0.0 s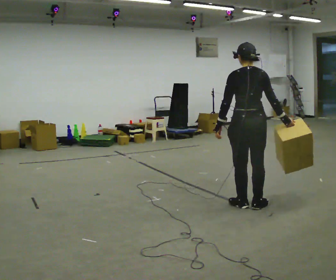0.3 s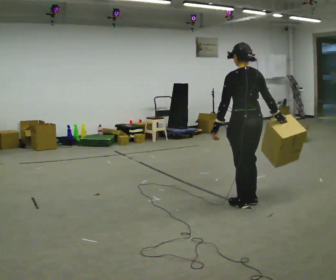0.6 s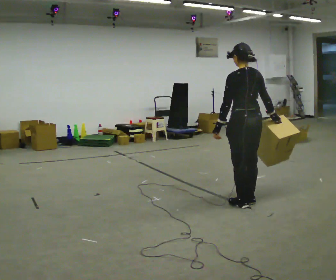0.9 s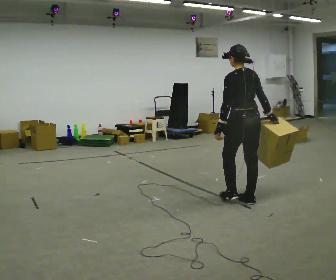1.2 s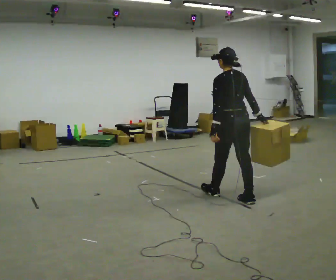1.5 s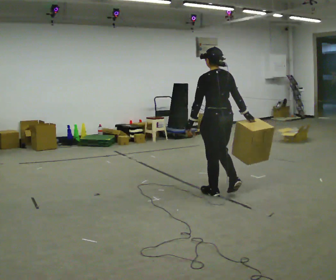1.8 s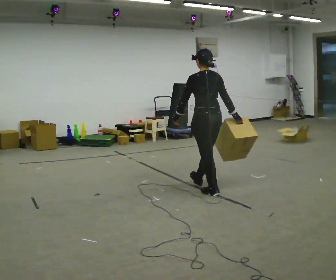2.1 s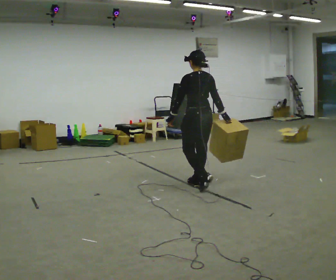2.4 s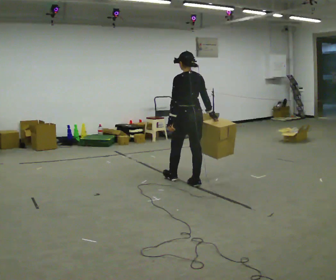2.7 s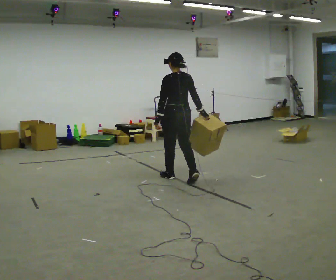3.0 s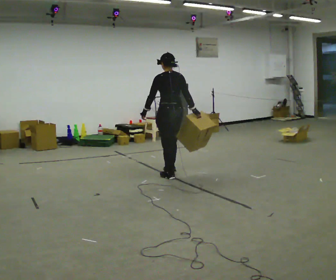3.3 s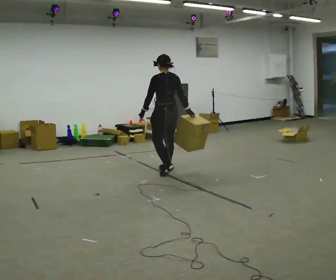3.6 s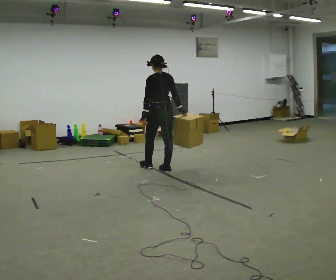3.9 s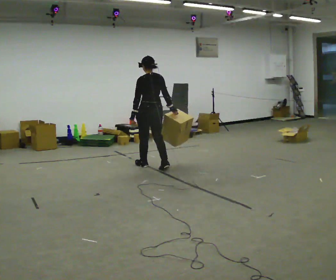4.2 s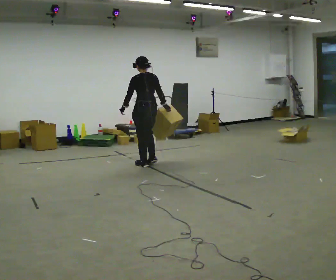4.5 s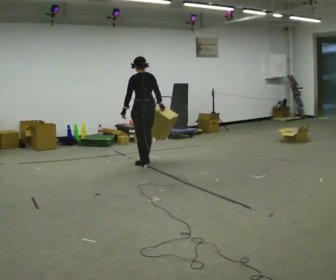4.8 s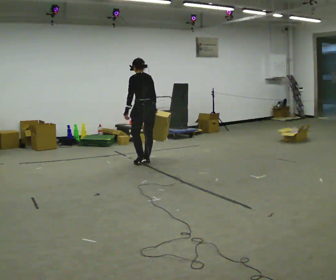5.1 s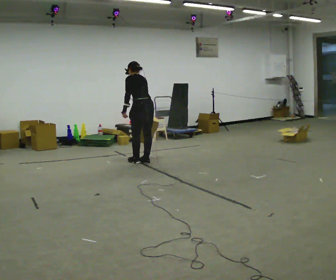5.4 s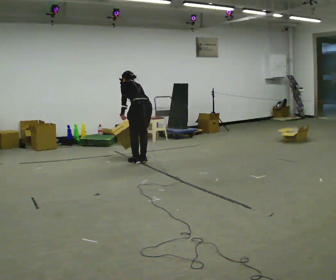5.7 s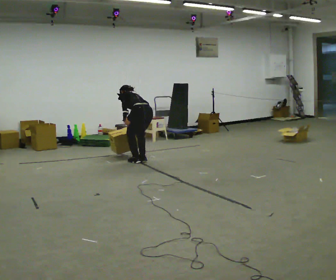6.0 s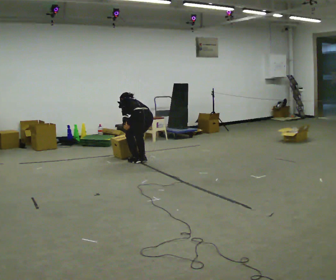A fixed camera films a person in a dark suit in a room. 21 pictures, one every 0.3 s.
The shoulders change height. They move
downward.
The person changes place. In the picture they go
away from the camera.
0.0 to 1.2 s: In the picture they go away from the camera, about 0.25 m in 2 steps, which for them is forward.
1.2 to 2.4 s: In the picture they go away from the camera and to the left, about 1 m in 1 step, which for them is forward.
2.4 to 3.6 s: In the picture they go away from the camera and to the left, about 0.5 m in 2 steps, which for them is forward.
3.6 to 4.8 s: In the picture they go away from the camera and to the left, about 0.5 m in 2 steps, which for them is forward.
4.8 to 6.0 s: The upper body goes downward. The upper body tips away from the camera, its near side rolling upward, as they bend forward.
The film runs forward here.
